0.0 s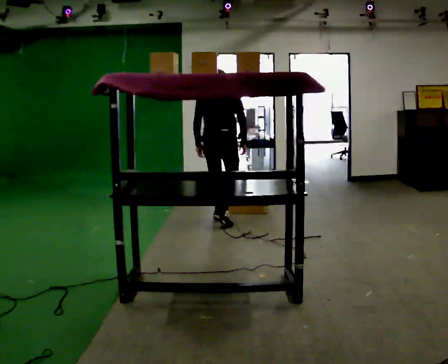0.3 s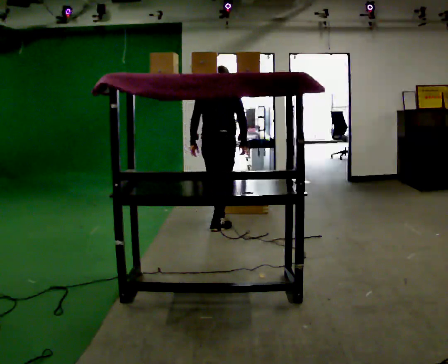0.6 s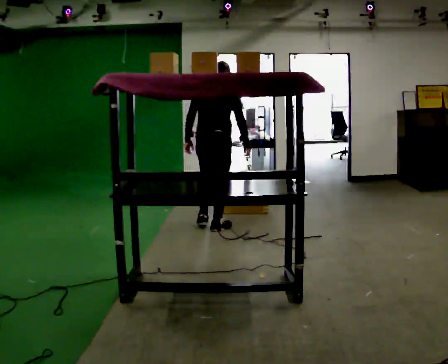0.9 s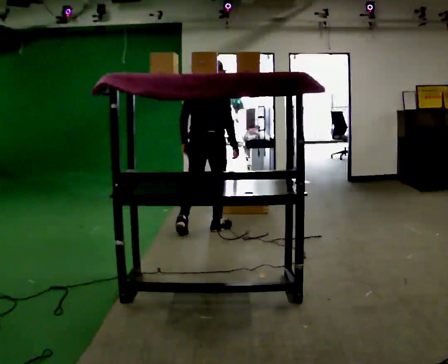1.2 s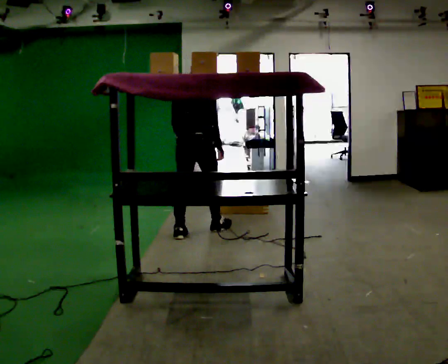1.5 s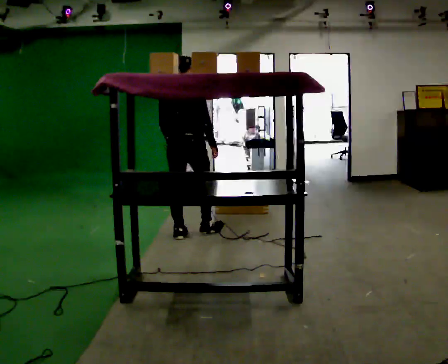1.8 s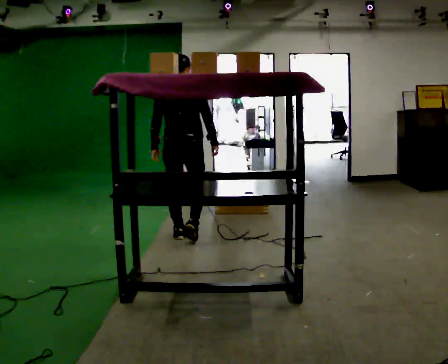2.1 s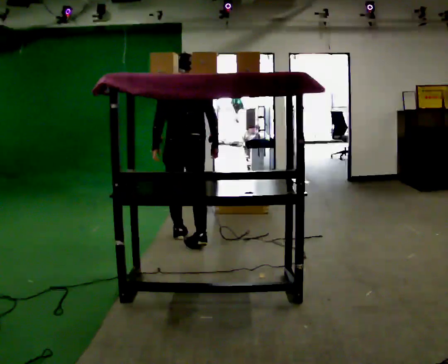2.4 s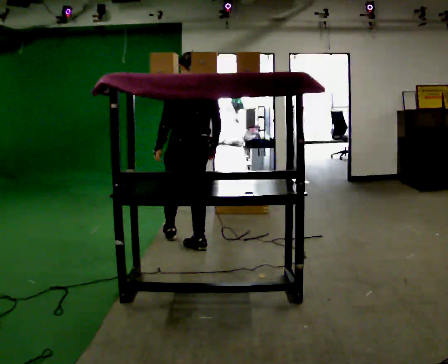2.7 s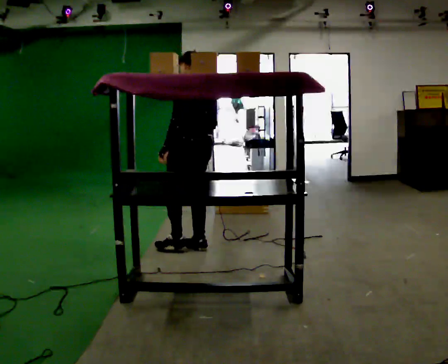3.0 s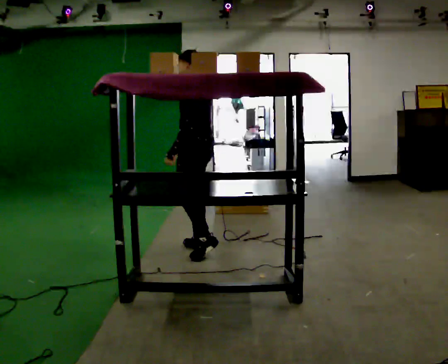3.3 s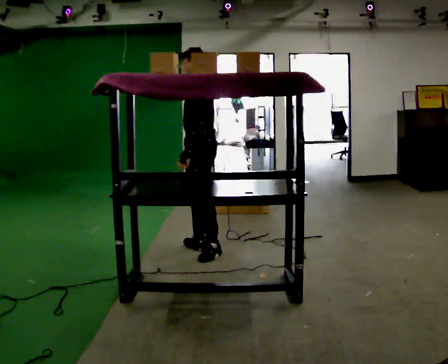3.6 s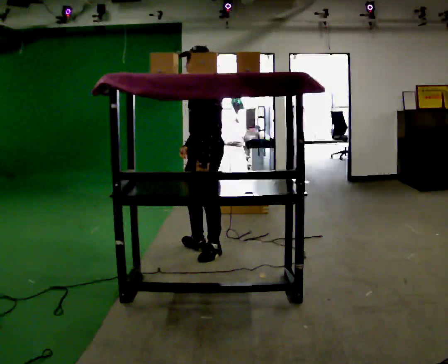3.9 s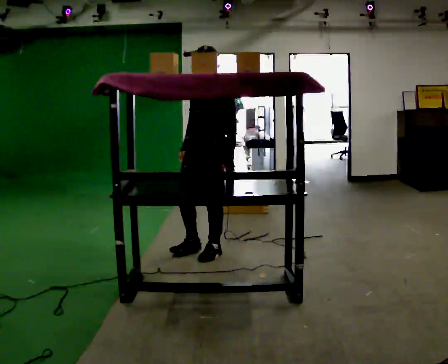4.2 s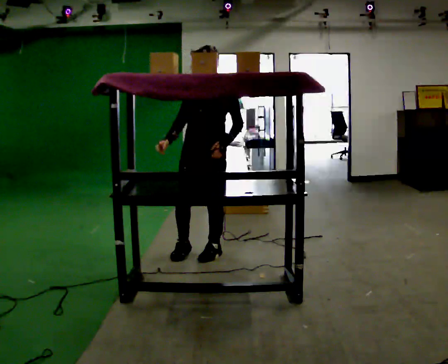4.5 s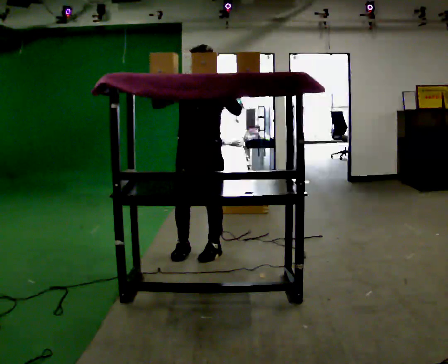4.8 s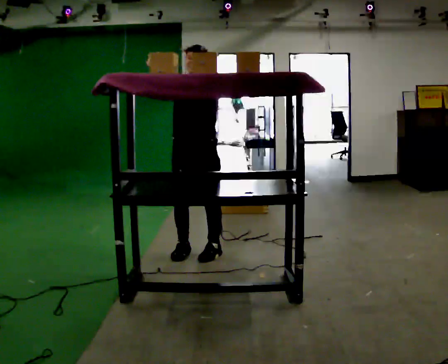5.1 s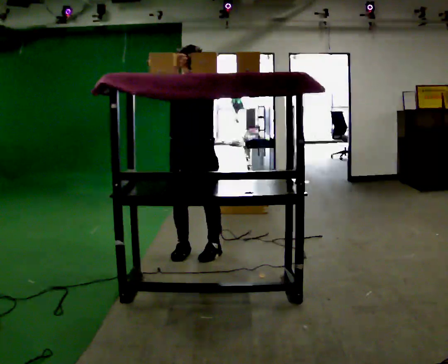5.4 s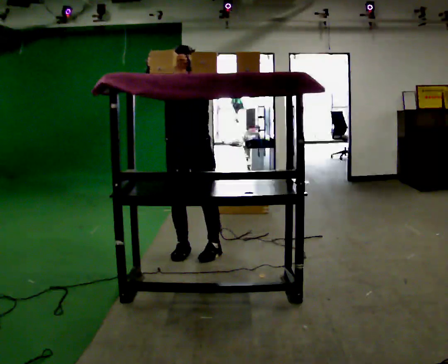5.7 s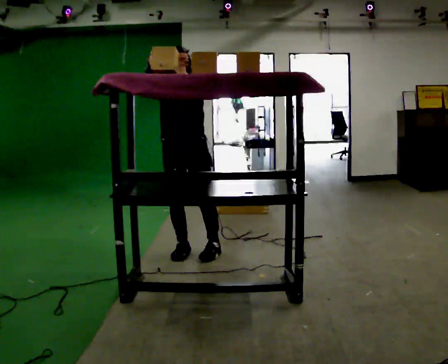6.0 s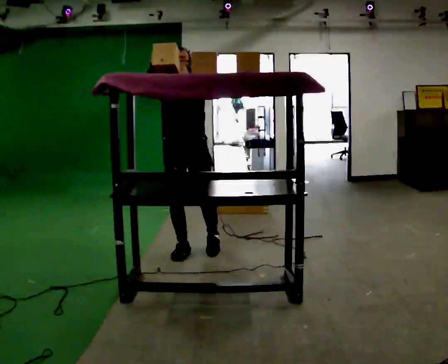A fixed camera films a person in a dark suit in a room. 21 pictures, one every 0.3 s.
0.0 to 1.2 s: In the picture they go toward the camera and to the left, about 0.5 m in 1 step, which for them is backward.
1.2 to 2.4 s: Seen from above the body turns counterclockwise, about 45 degrees: to their left, with its near side sliding to the right. In the picture they go toward the camera, about 0.5 m in 2 steps, which for them is backward.
2.4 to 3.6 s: The part of the body nearest the lens slides to the right as the person turns to their left by about 90 degrees. In the picture they go toward the camera, about 0.25 m.
3.6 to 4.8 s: The part of the body nearest the lens slides to the right as the person turns to their left by about 60 degrees. In the picture their right hand goes upward, the arm swinging clockwise.
4.8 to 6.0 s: The person moves a little, or ends about where they began.
The film runs backward here.
